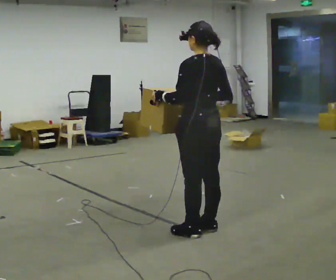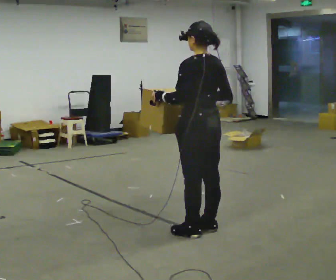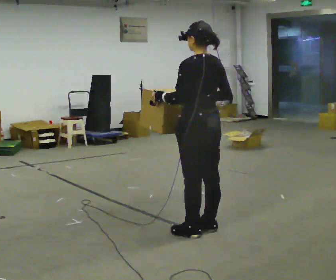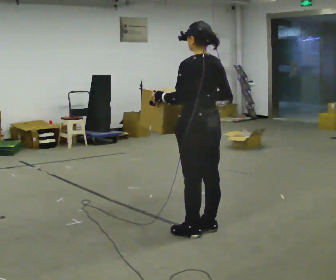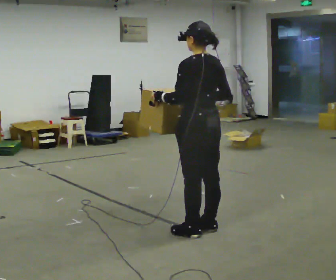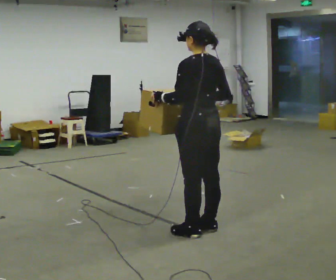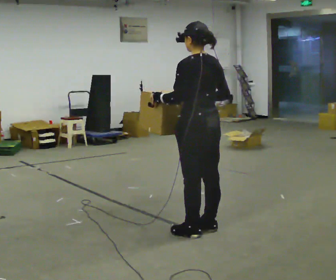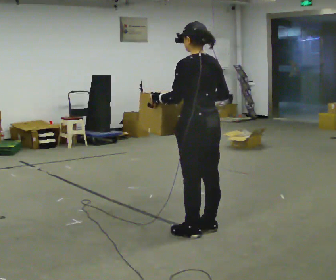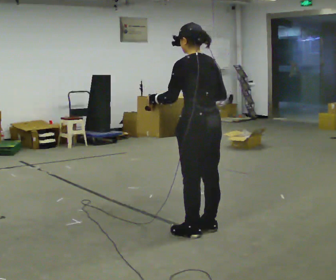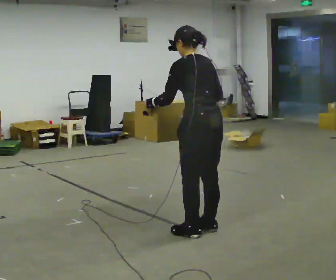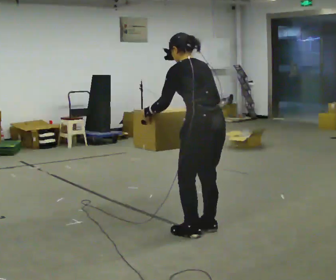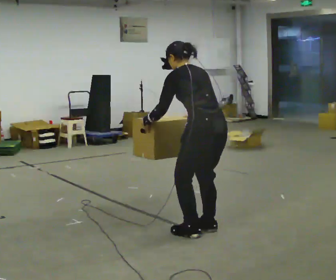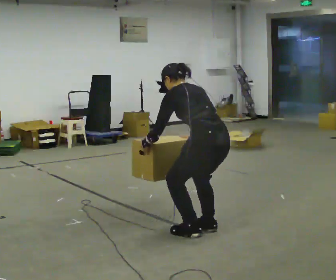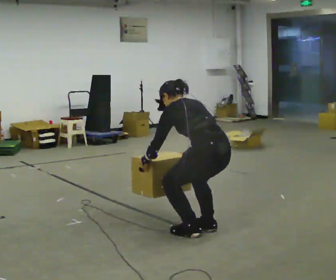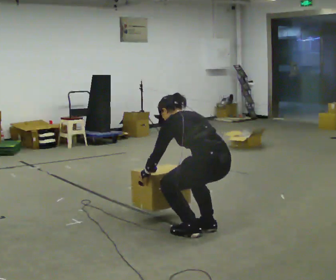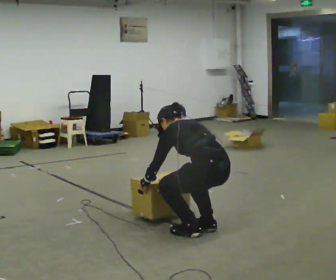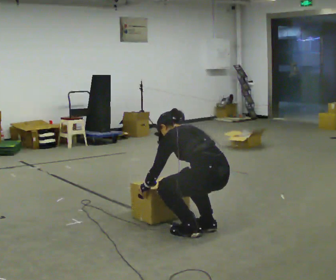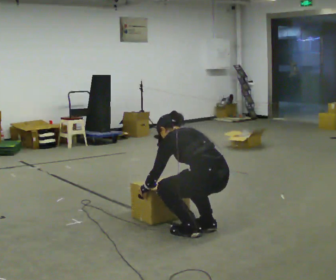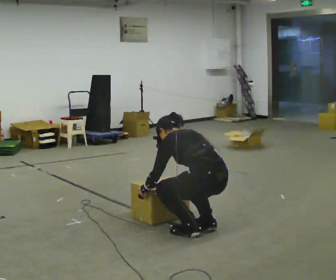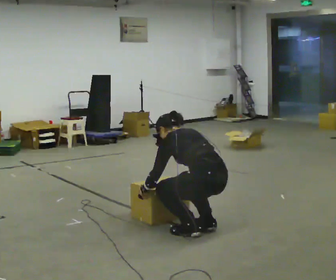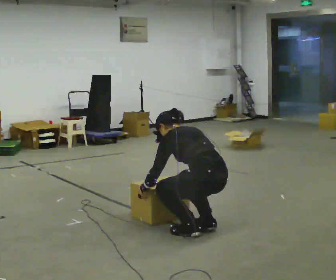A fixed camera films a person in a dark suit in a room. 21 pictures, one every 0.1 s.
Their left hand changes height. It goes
downward.
The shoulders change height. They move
downward.
0.0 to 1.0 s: In the picture the upper body tilts counterclockwise, shoulders to the left, as they bend forward.
1.0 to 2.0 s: The upper body goes downward. In the picture the upper body tilts counterclockwise, shoulders to the left, as they bend forward. In the picture their left hand goes downward.
The film runs forward here.
